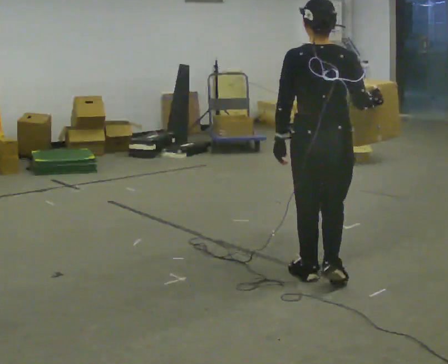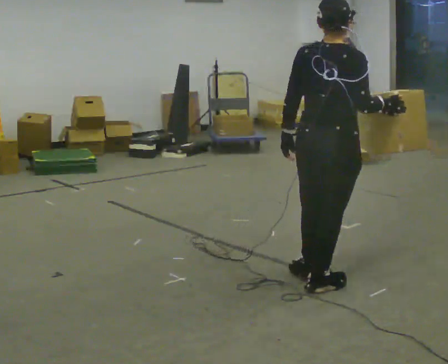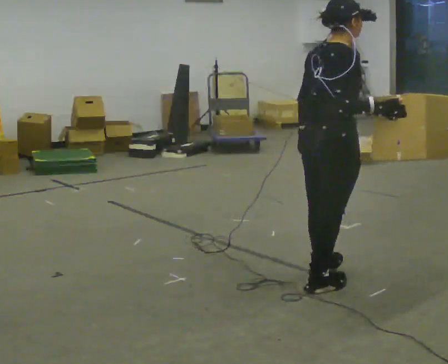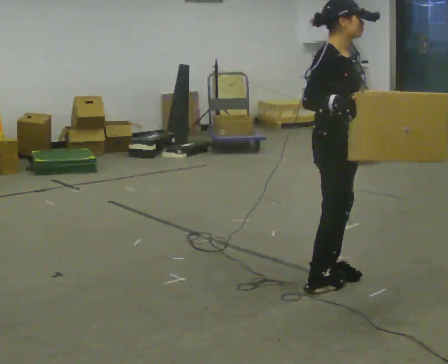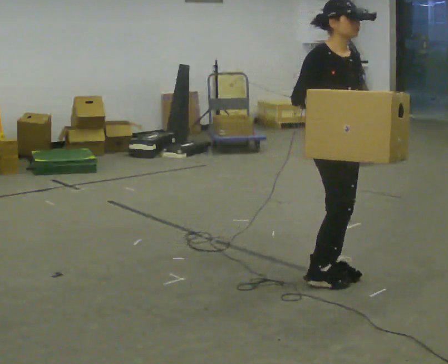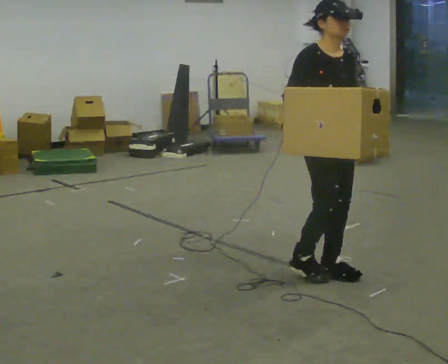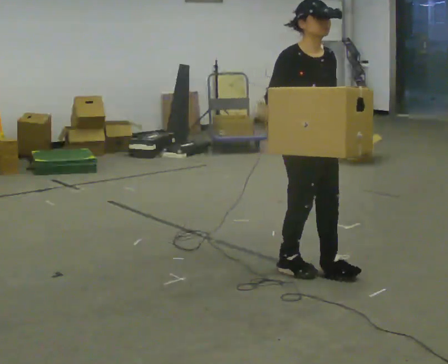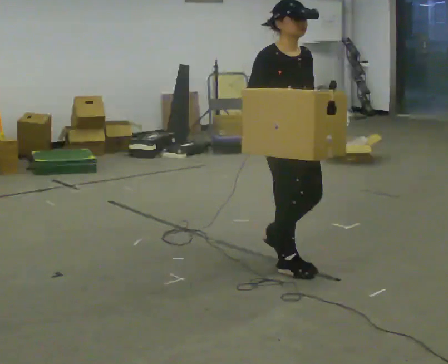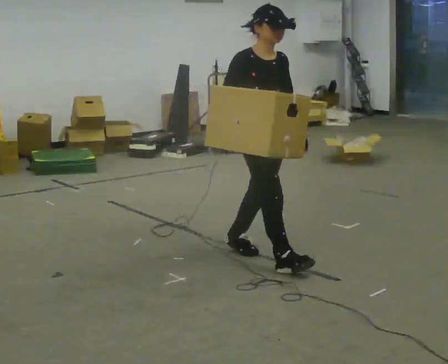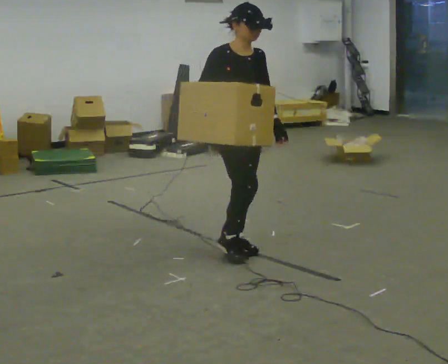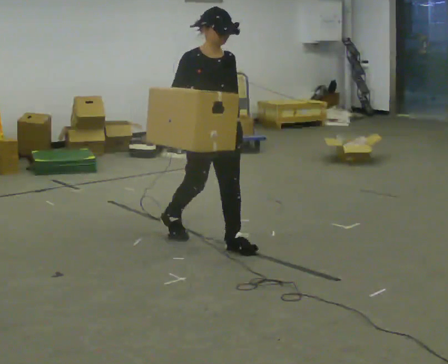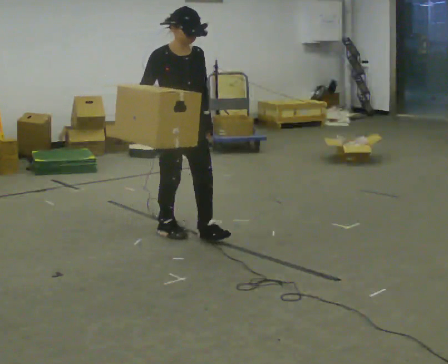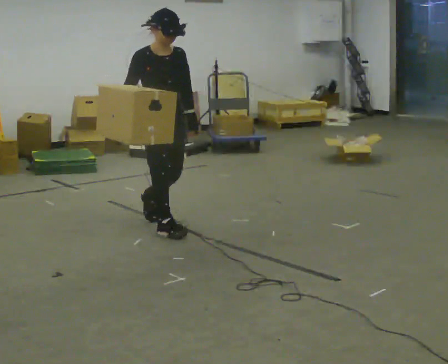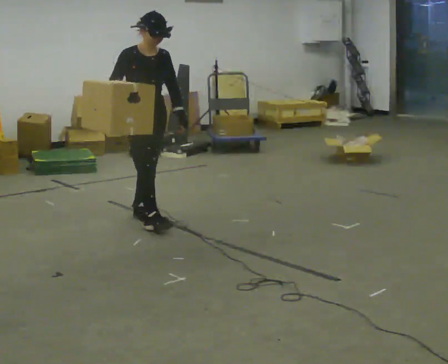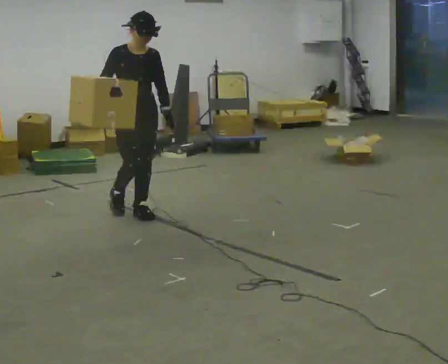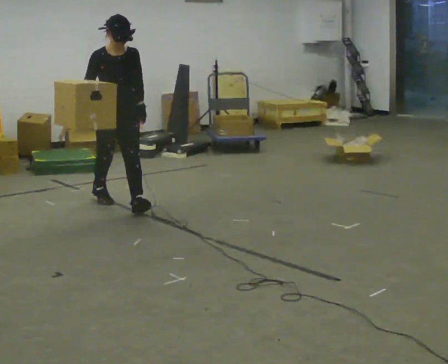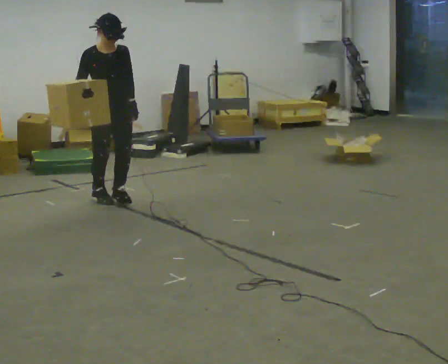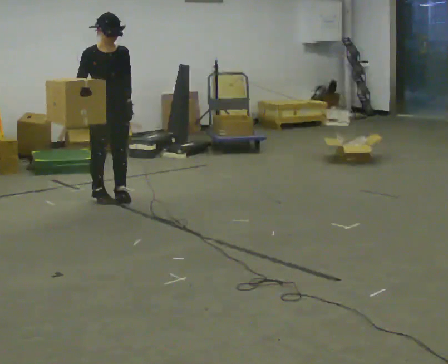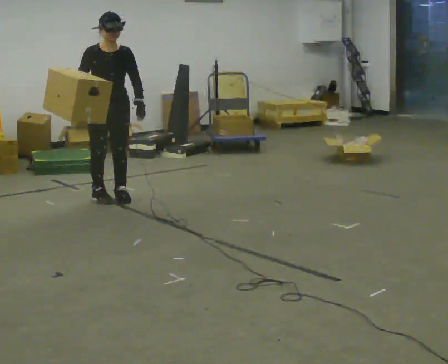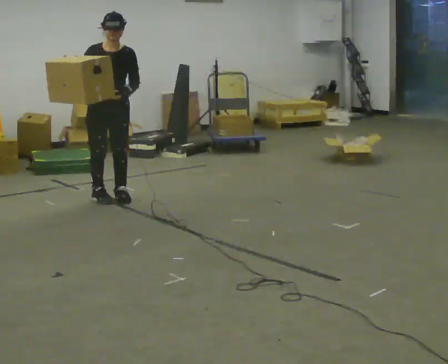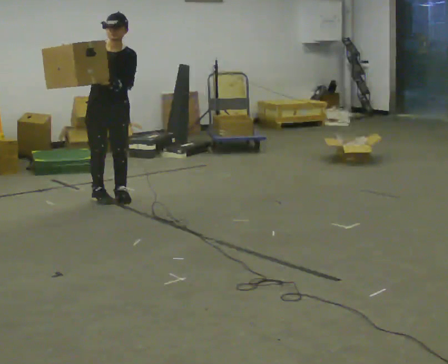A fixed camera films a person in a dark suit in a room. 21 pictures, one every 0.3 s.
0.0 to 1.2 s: The part of the body nearest the lens slides to the left as the person turns to their right by about 135 degrees. In the picture their right hand goes to the left.
1.2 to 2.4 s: In the picture they go away from the camera and to the left, about 0.5 m in 2 steps, which for them is backward.
2.4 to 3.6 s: In the picture they go away from the camera and to the left, about 1 m in 2 steps, which for them is backward.
3.6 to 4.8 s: In the picture they go away from the camera and to the left, about 1 m in 2 steps, which for them is backward.
4.8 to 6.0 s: The person moves a little, or ends about where they began.
The film runs backward here.
